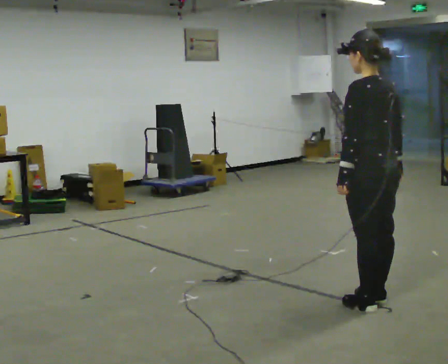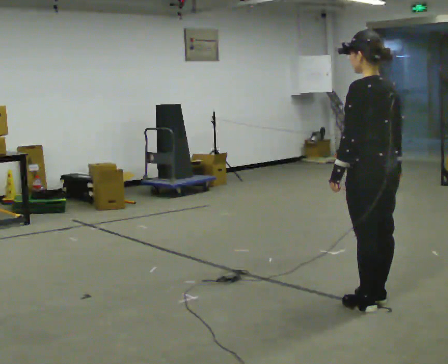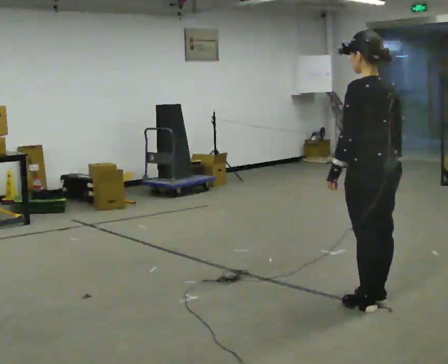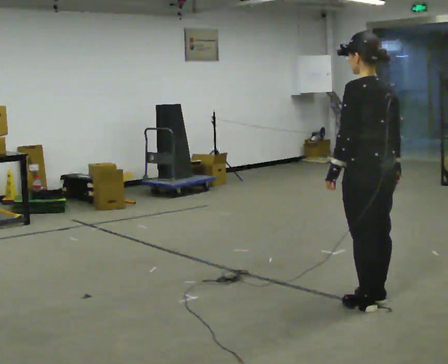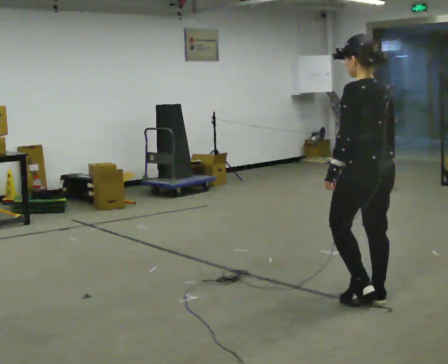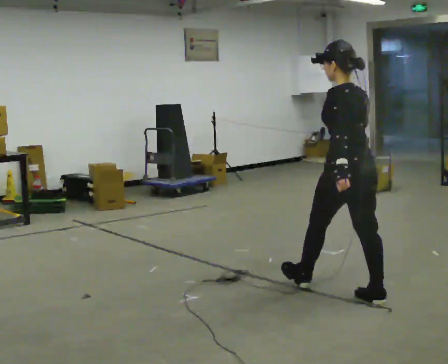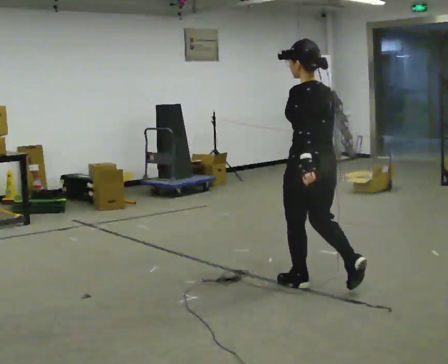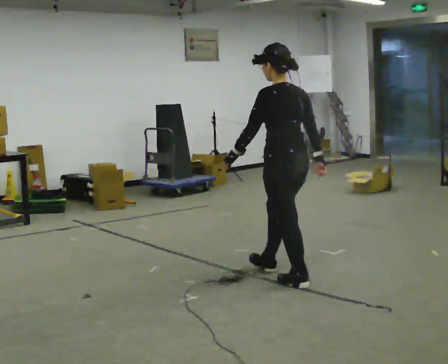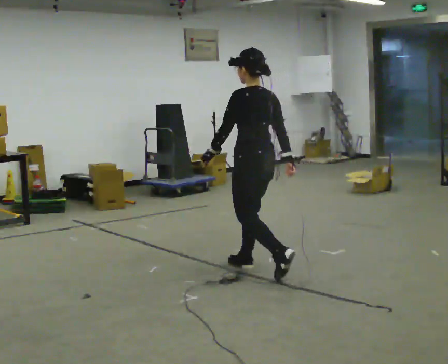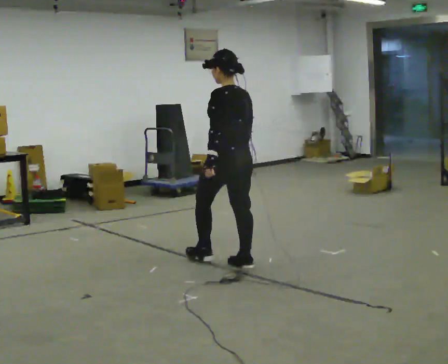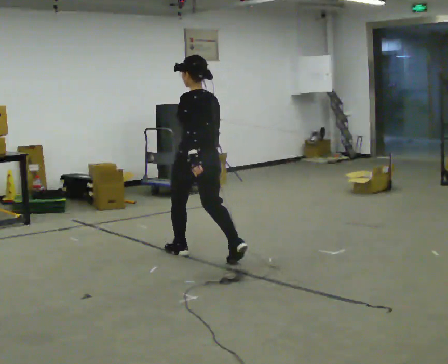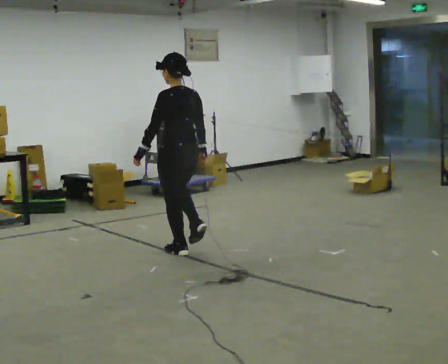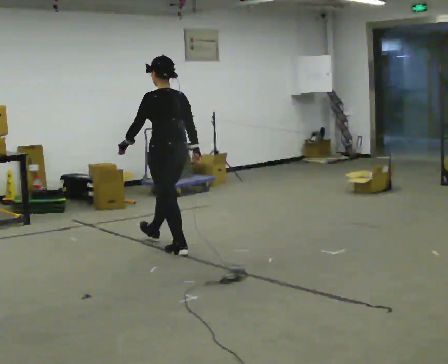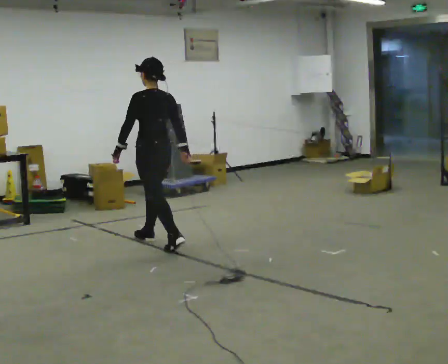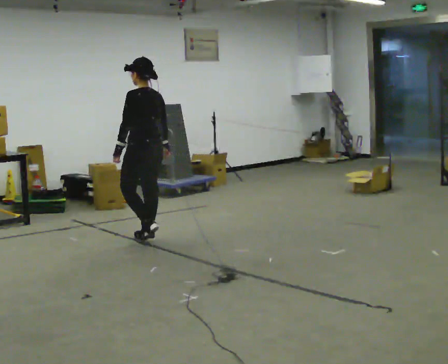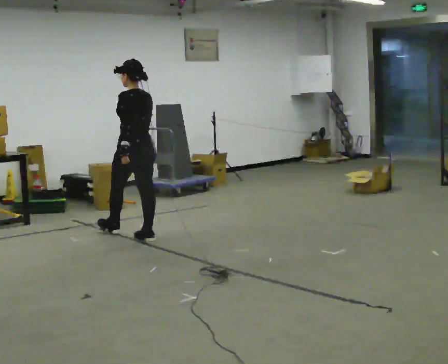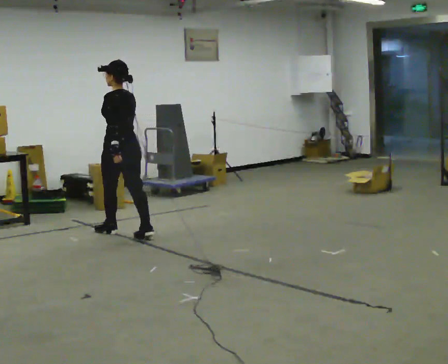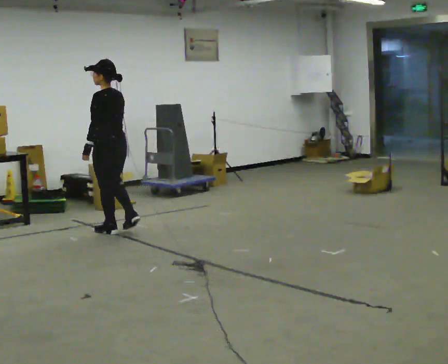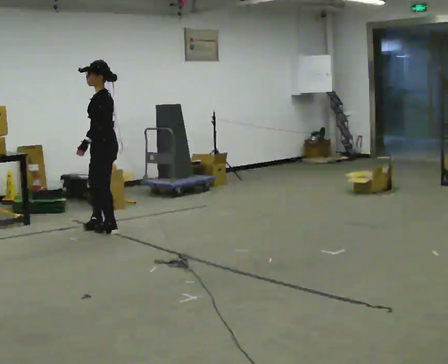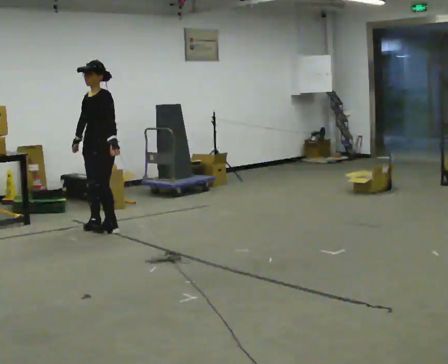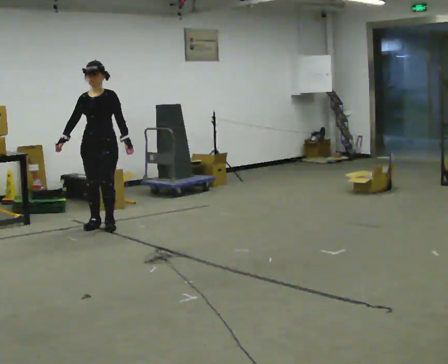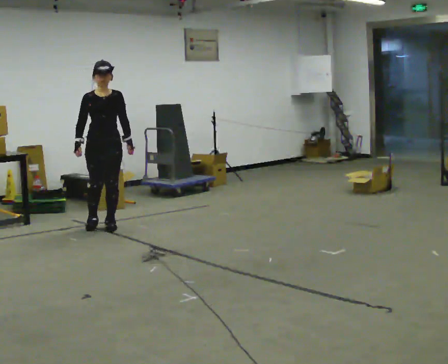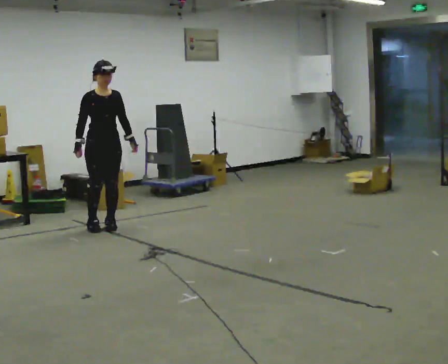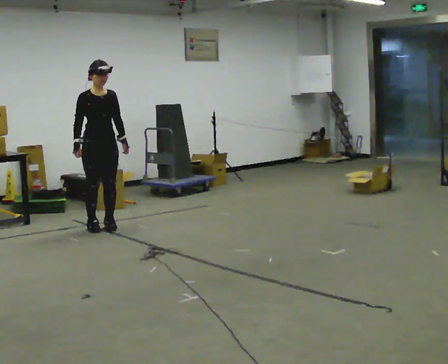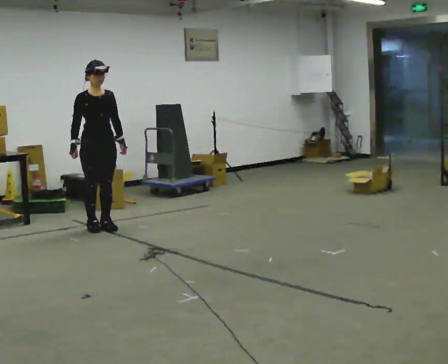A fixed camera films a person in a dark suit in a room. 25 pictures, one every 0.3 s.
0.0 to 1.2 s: The person moves a little, or ends about where they began.
1.2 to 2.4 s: In the picture they go away from the camera and to the left, about 1 m in 2 steps, which for them is forward.
2.4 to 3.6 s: In the picture they go away from the camera and to the left, about 1 m in 1 step, which for them is forward.
3.6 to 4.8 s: In the picture they go away from the camera and to the left, about 0.75 m in 2 steps, which for them is forward.
4.8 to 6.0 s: Seen from above the body turns counterclockwise, about 120 degrees: to their left, with its near side sliding to the right. In the picture they go away from the camera and to the left, about 0.5 m in 2 steps.
6.0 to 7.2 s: The part of the body nearest the lens slides to the right as the person turns to their left by about 45 degrees.
The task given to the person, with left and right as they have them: Start at normal speed; gradually slow over several steps; stop gently.
The film runs forward here.
